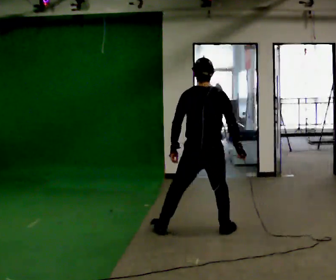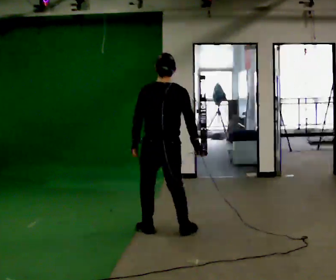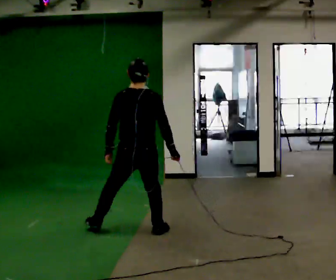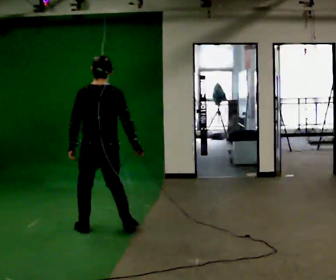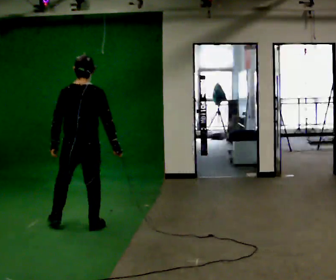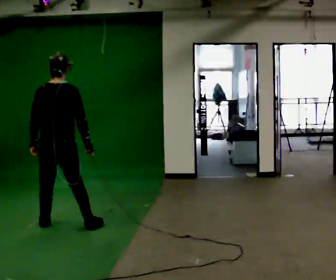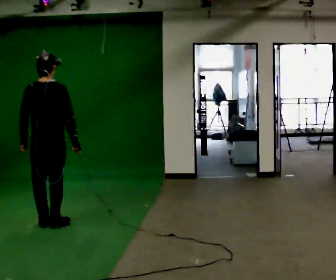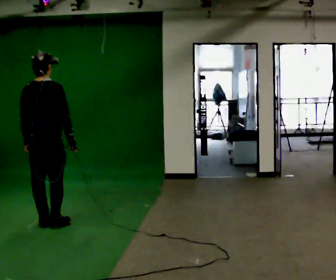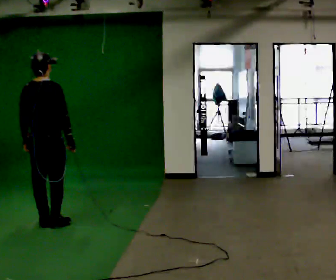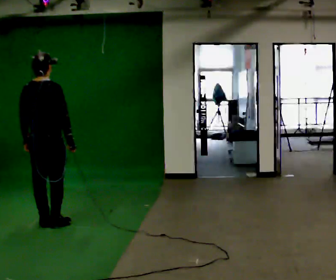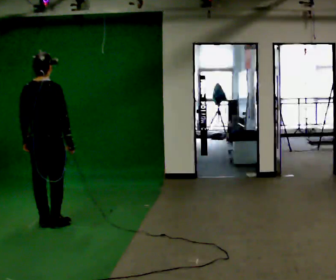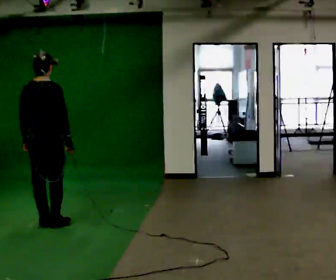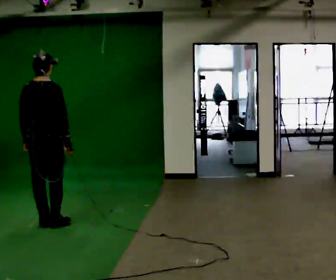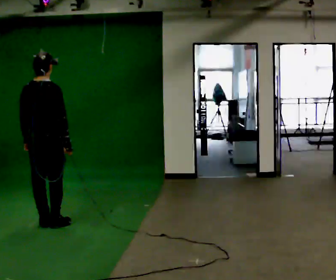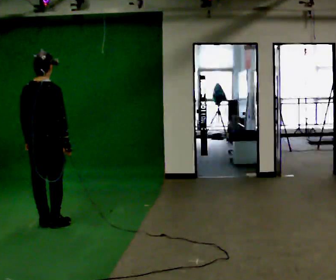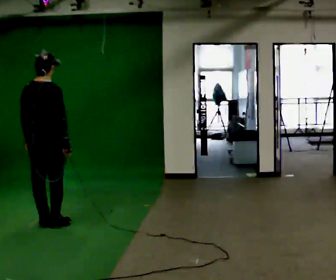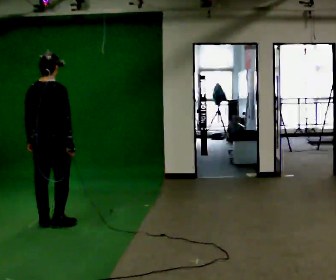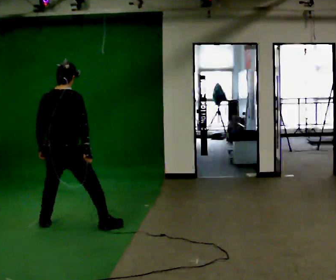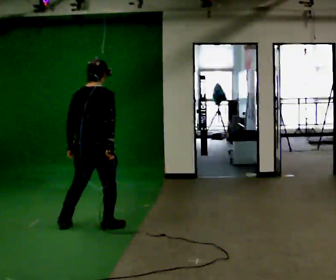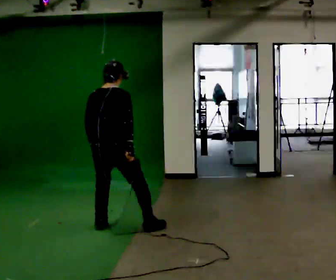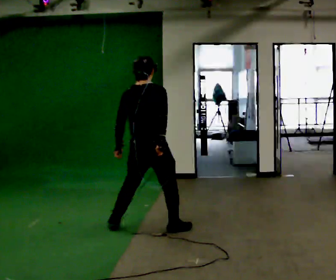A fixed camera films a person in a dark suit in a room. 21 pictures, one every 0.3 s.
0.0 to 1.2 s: In the picture they go to the left, about 1 m in 4 steps, which for them is to their left.
1.2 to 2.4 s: In the picture they go to the left, about 0.25 m in 2 steps, which for them is to their left.
2.4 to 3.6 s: The person keeps their place and pose.
3.6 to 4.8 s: The person moves a little, or ends about where they began.
4.8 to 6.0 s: In the picture they go to the right, about 1 m in 3 steps, which for them is to their right.
The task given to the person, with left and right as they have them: Shuffle sideways quickly in the direction the operator calls, without crossing your feet.
The film runs forward here.
